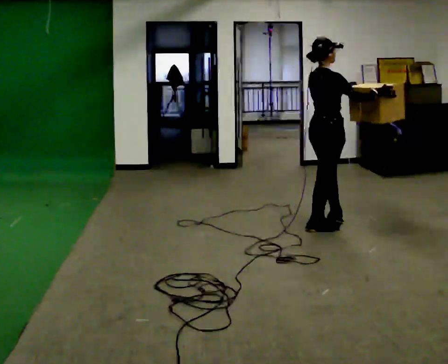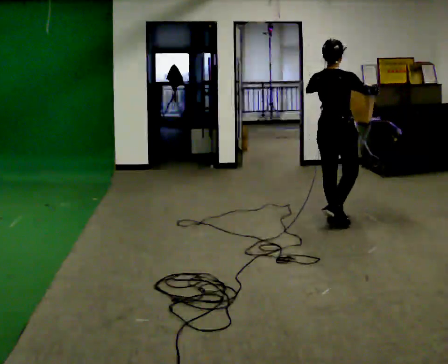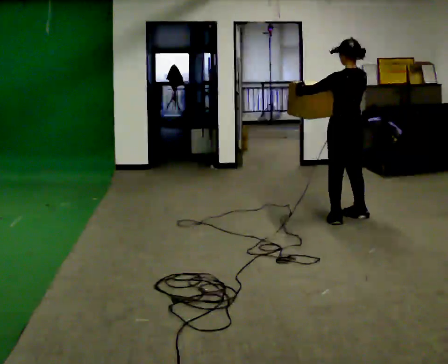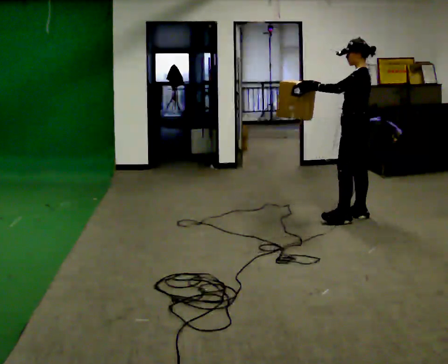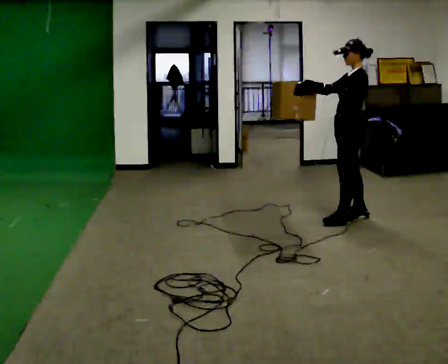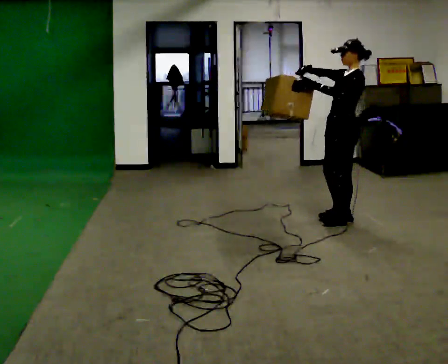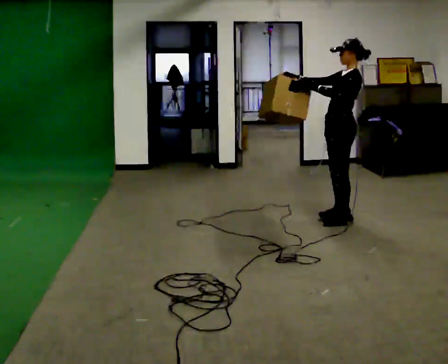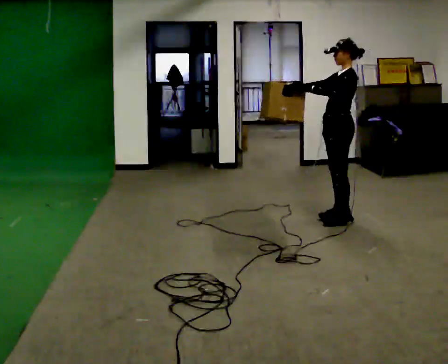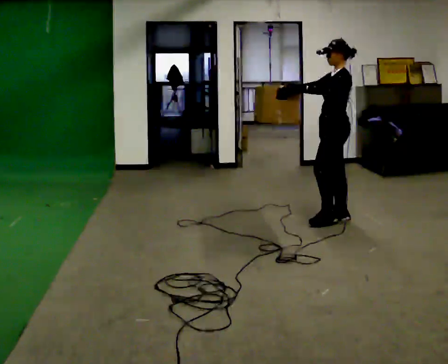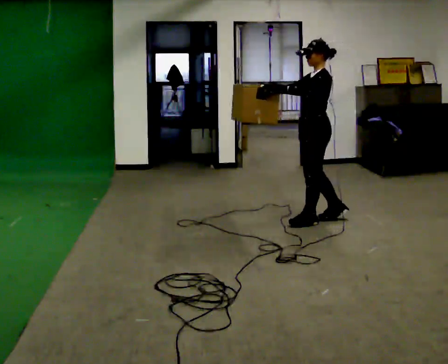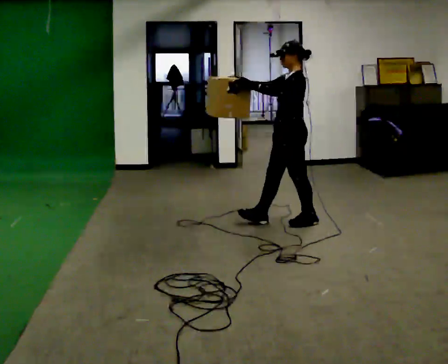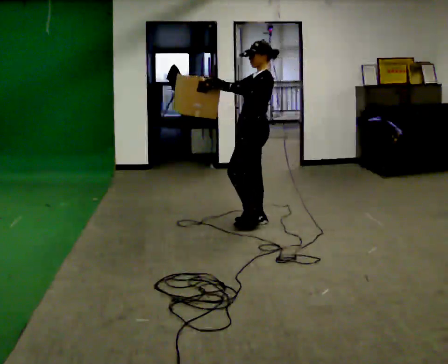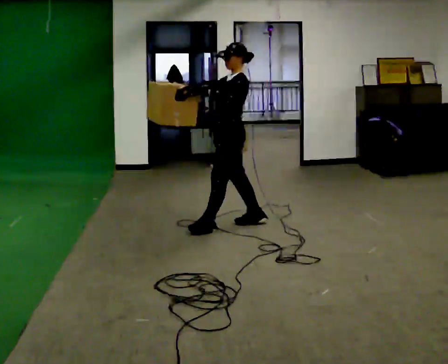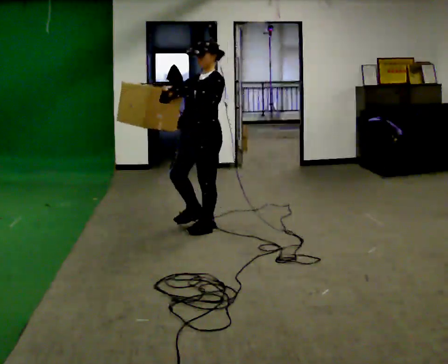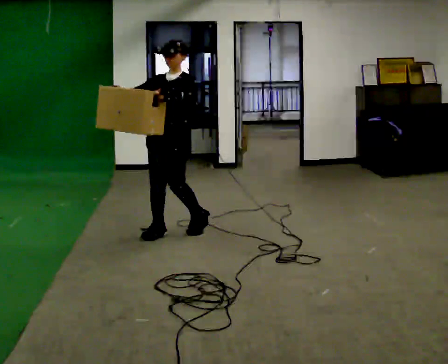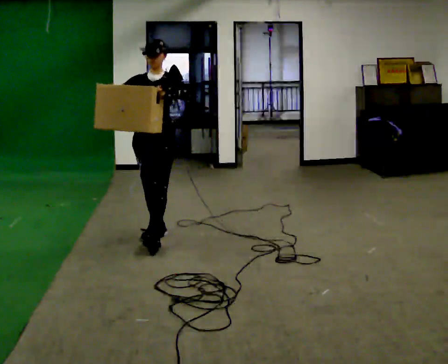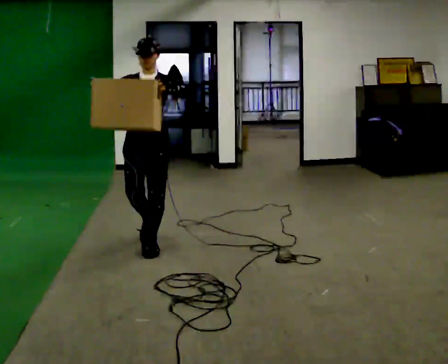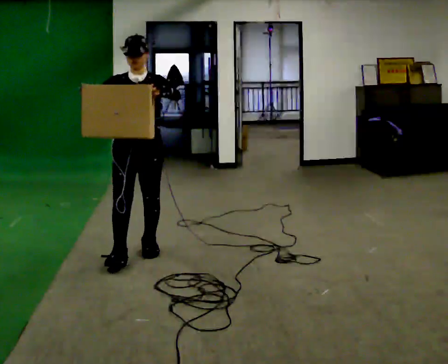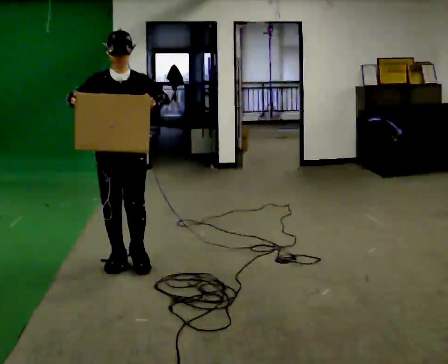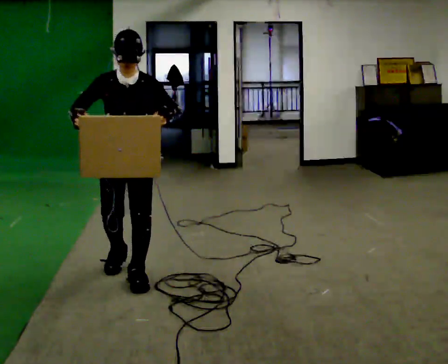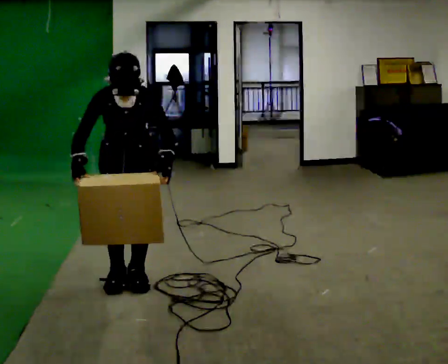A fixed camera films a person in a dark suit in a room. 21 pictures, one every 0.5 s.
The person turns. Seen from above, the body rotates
counterclockwise.
The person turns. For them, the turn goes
to their left.
0.0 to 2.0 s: The person turns about 150 degrees to their left, counterclockwise seen from above, so the part of the body nearest the lens slides to the right. In the picture they go away from the camera and to the right, about 0.25 m in 1 step.
2.0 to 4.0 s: The person moves a little, or ends about where they began.
4.0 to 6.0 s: In the picture they go to the left, about 1 m in 3 steps, which for them is forward.
6.0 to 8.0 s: The person turns about 60 degrees to their left, counterclockwise seen from above, so the part of the body nearest the lens slides to the right. In the picture they go toward the camera and to the left, about 1 m in 2 steps.
8.0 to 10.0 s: In the picture they go toward the camera, about 0.75 m in 3 steps, which for them is forward. The upper body tips toward the camera, its near side rolling downward, as they bend forward. In the picture their right hand goes downward.
The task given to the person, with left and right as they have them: Carry the box along the marked route, turning 90 degrees at the corner the operator calls, and set it down at the end. Keep going until the operator says stop; one object at a time, and do not rush between trips.
The film runs forward here.
